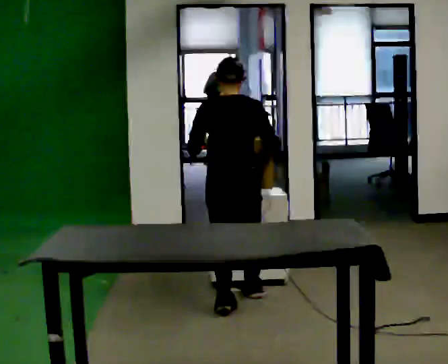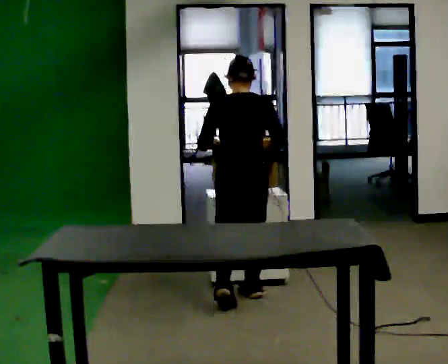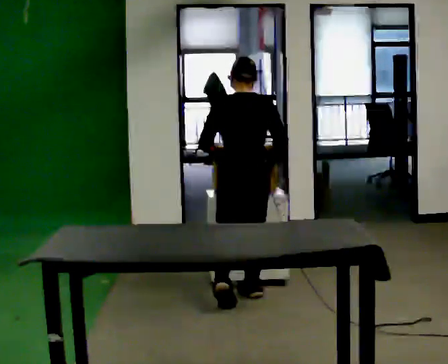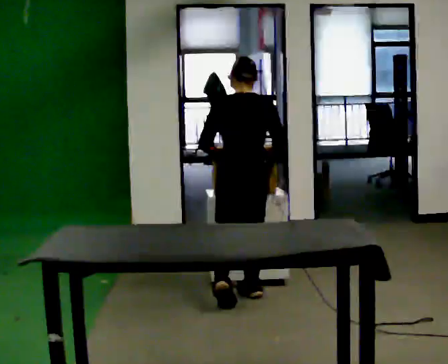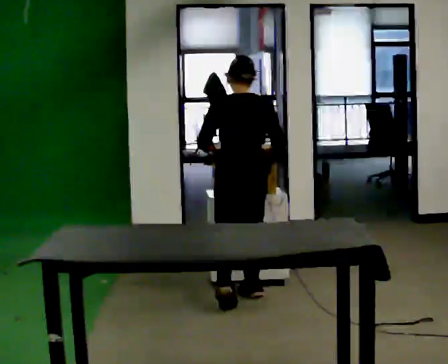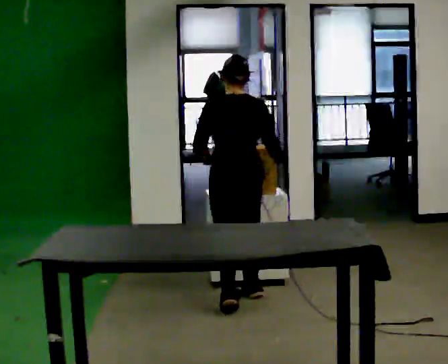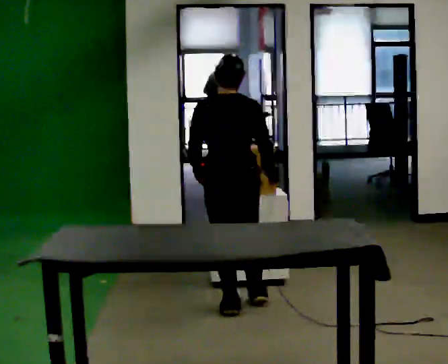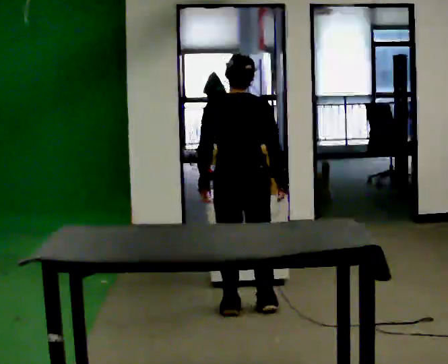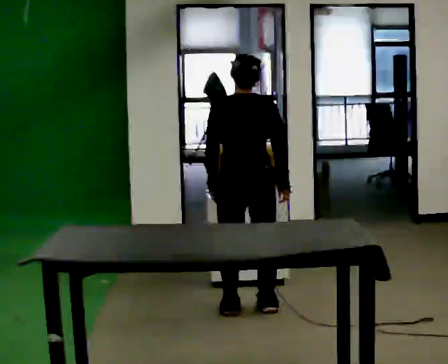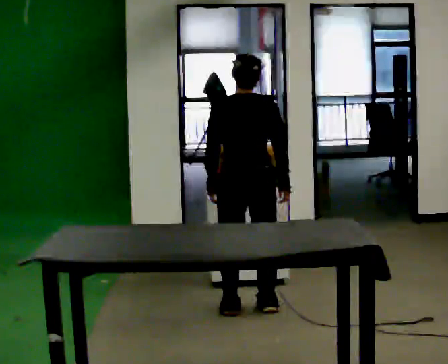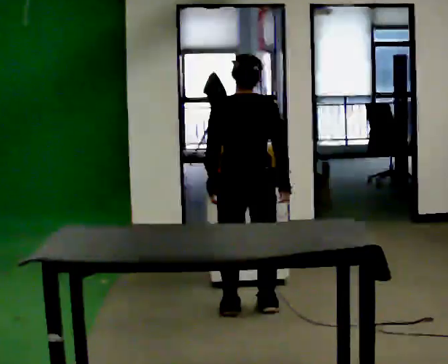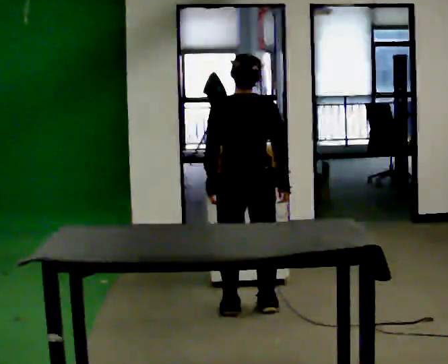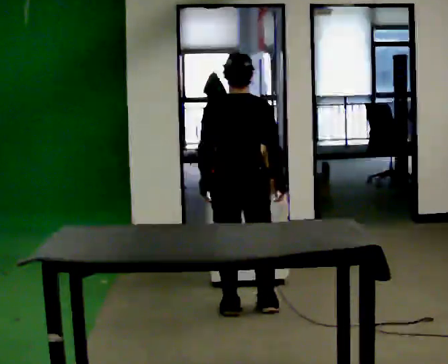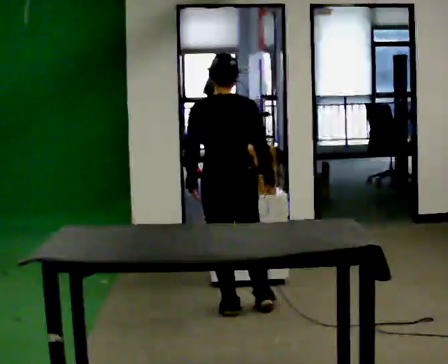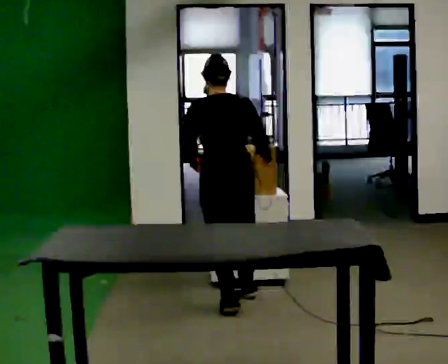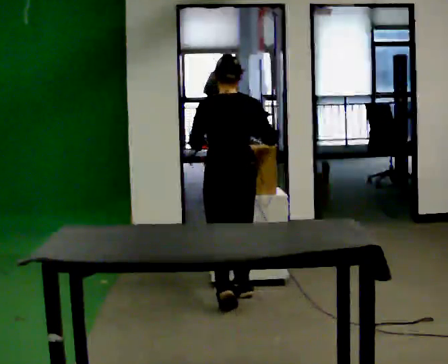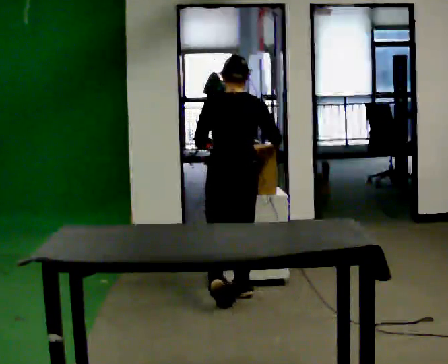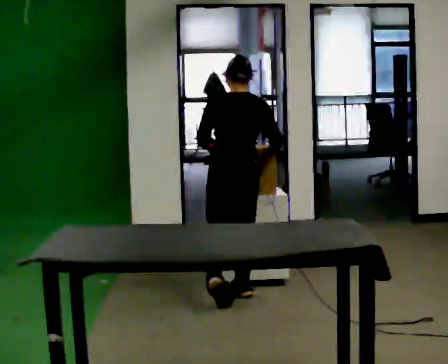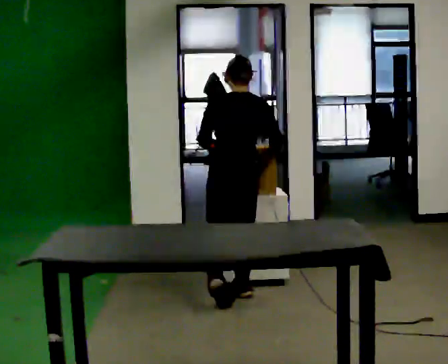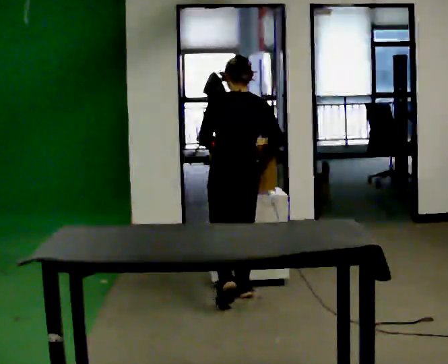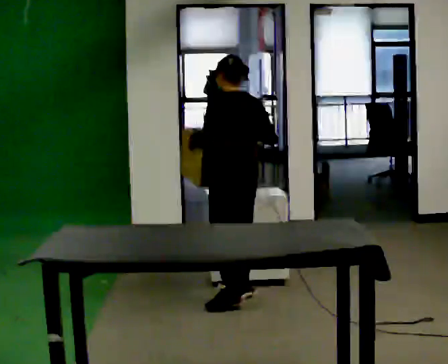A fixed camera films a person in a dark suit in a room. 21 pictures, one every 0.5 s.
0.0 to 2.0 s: The person moves a little, or ends about where they began.
2.0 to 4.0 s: In the picture they go toward the camera, about 0.25 m in 1 step, which for them is backward.
4.0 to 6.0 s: The person moves a little, or ends about where they began.
6.0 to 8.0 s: In the picture they go away from the camera, about 0.25 m in 1 step, which for them is forward.
8.0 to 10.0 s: The part of the body nearest the lens slides to the right as the person turns to their left by about 30 degrees.
The film runs forward here.
